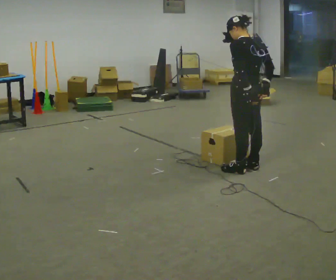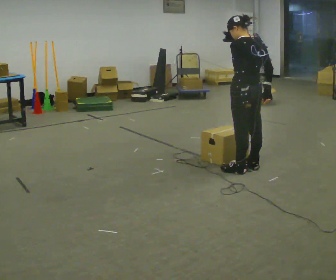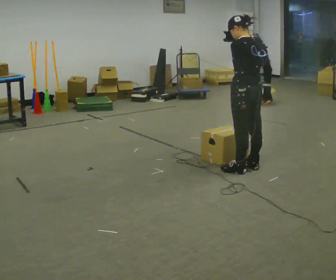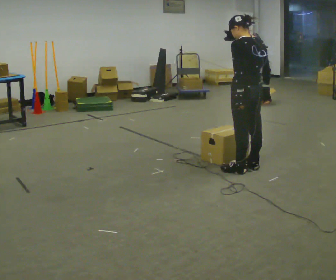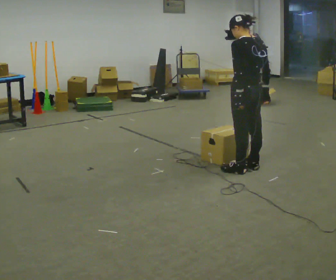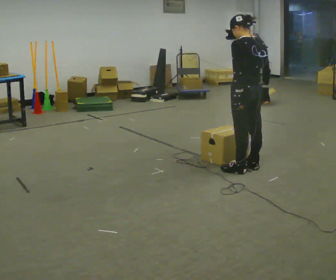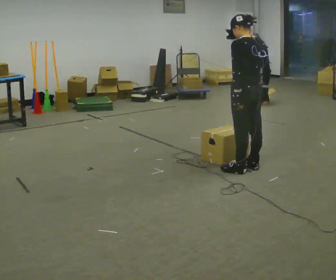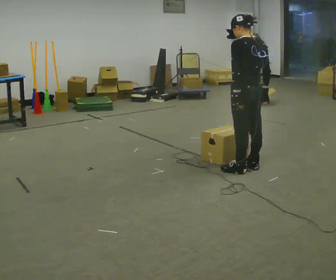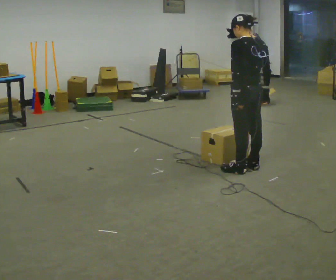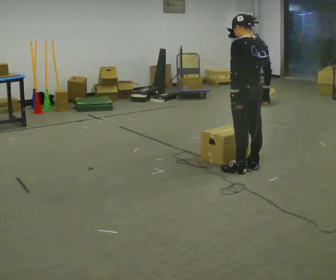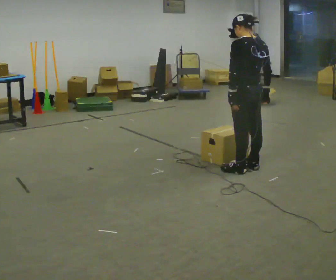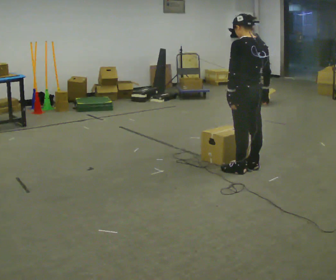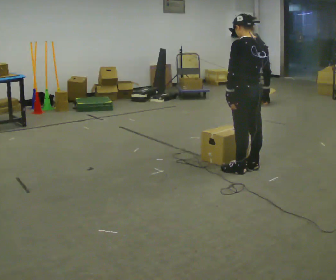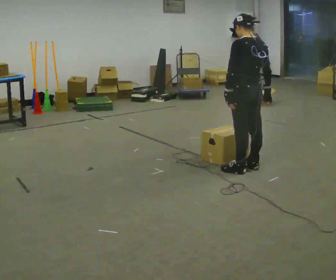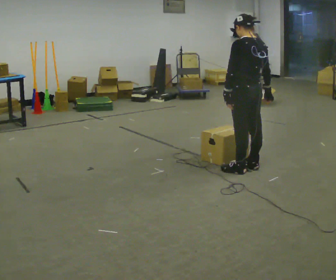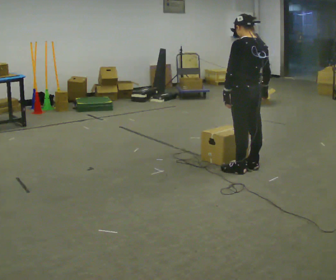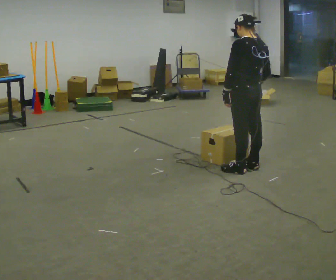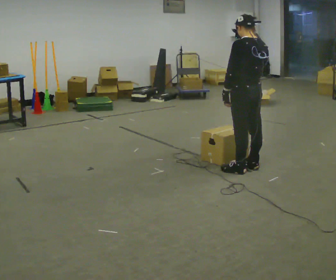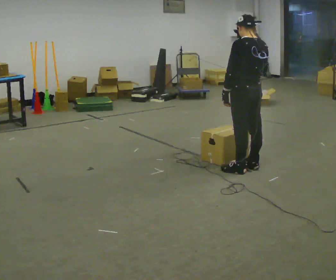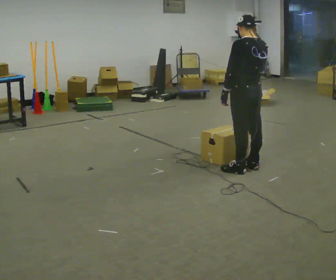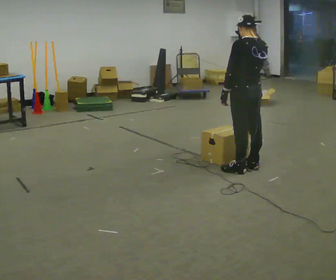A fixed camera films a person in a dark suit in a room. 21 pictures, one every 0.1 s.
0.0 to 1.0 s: The person moves a little, or ends about where they began.
1.0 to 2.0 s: In the picture their right hand goes upward.
The film runs backward here.
